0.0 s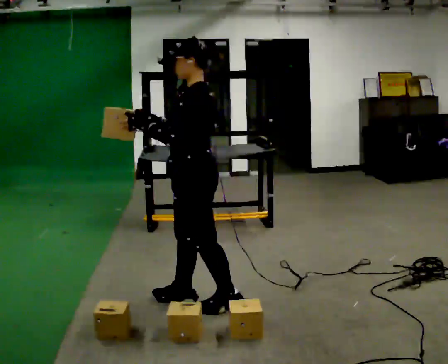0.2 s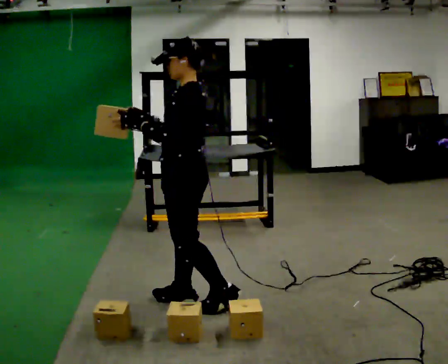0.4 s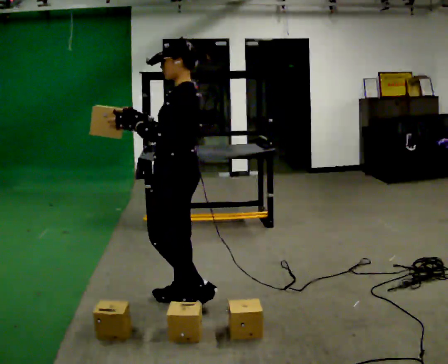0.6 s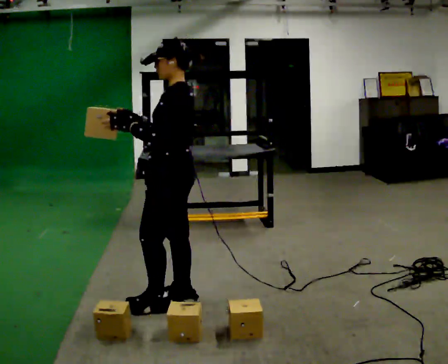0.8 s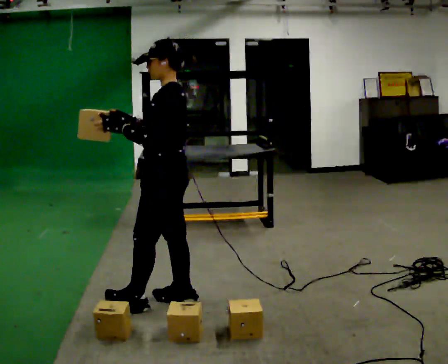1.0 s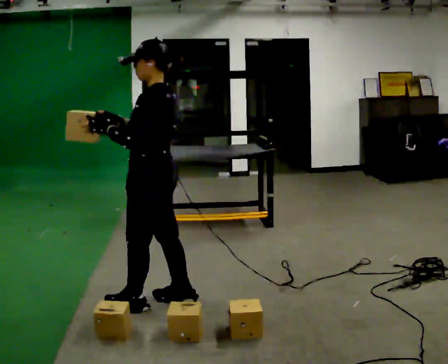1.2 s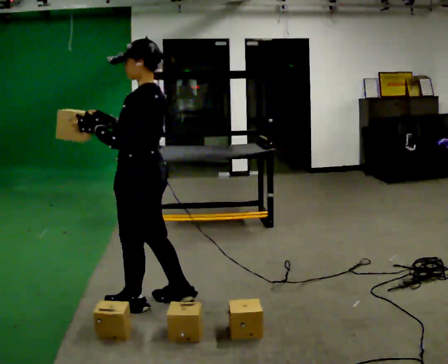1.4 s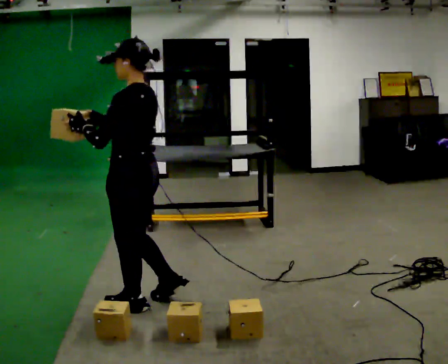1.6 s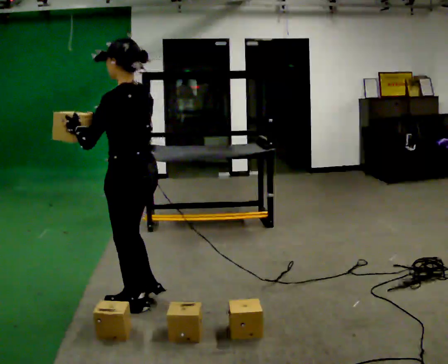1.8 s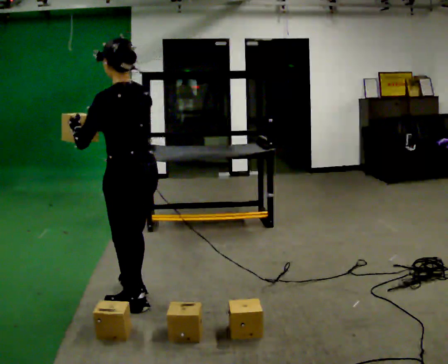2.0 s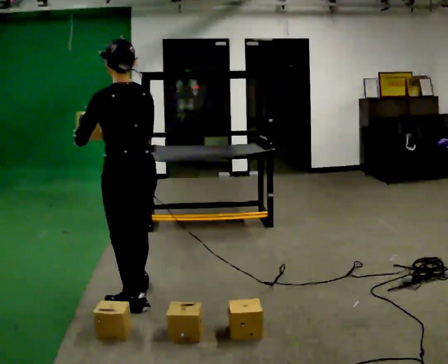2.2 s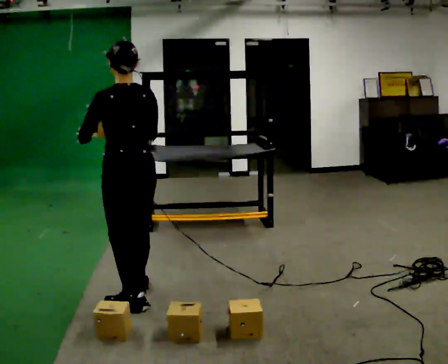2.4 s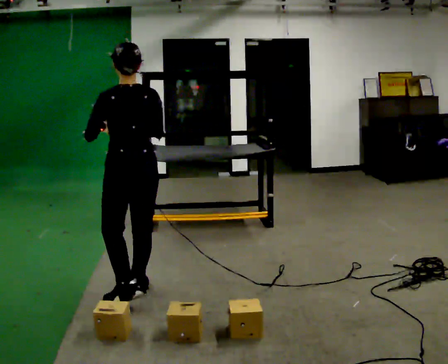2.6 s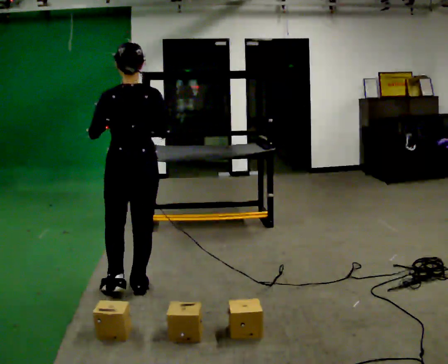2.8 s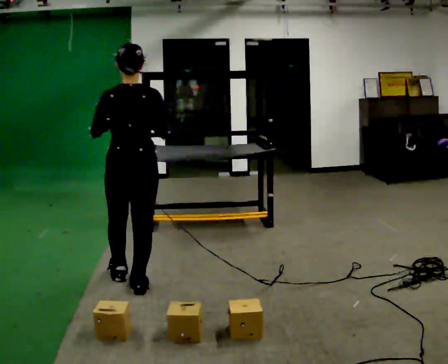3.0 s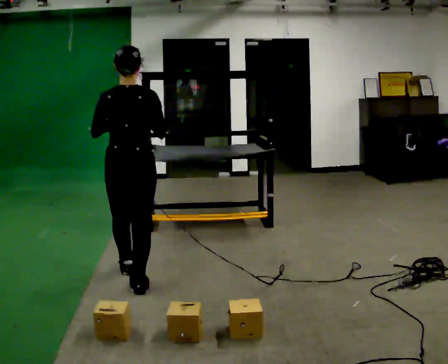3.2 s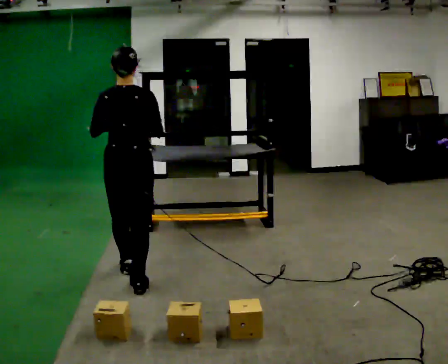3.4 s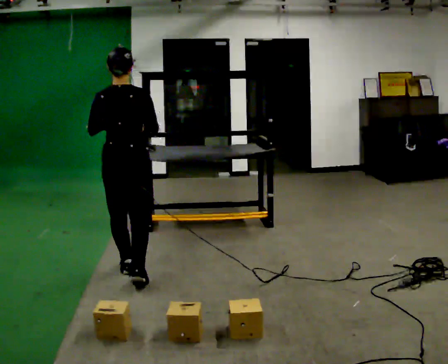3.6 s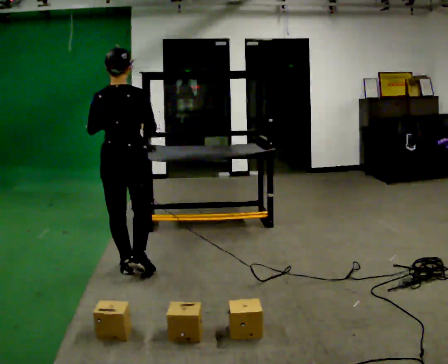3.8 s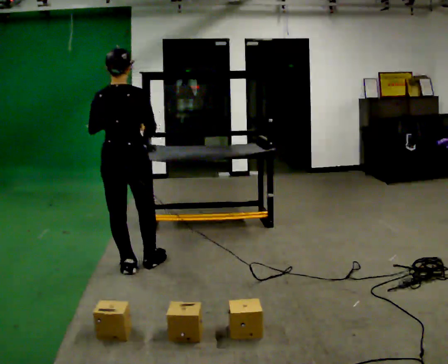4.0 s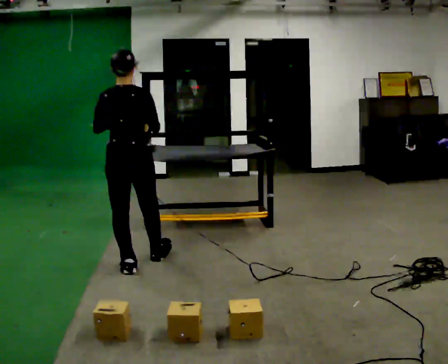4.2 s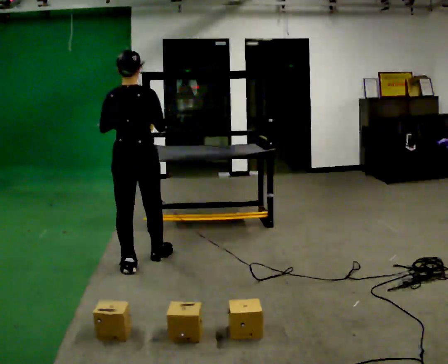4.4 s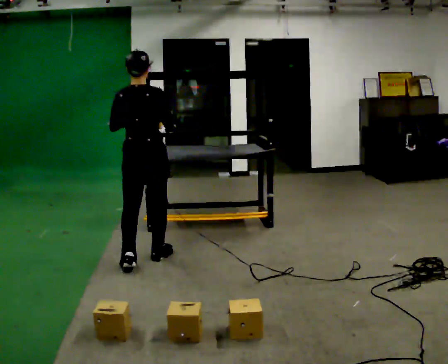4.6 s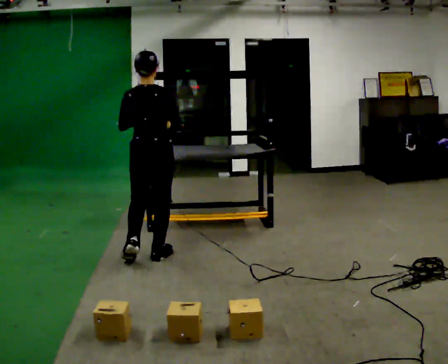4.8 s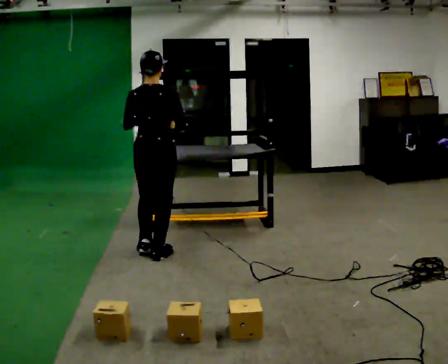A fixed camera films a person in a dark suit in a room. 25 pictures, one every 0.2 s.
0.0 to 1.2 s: In the picture they go to the left, about 0.25 m in 1 step, which for them is forward.
1.2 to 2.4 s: The part of the body nearest the lens slides to the left as the person turns to their right by about 60 degrees. In the picture they go away from the camera, about 0.25 m in 1 step, which for them is forward.
2.4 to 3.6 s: The person turns about 30 degrees to their right, clockwise seen from above, so the part of the body nearest the lens slides to the left. In the picture they go away from the camera, about 0.5 m in 1 step, which for them is forward.
3.6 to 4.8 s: In the picture they go away from the camera and to the right, about 0.5 m in 1 step, which for them is forward.
The film runs forward here.
